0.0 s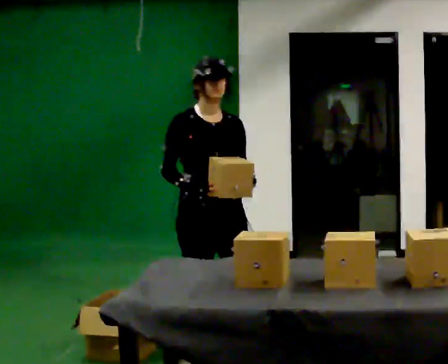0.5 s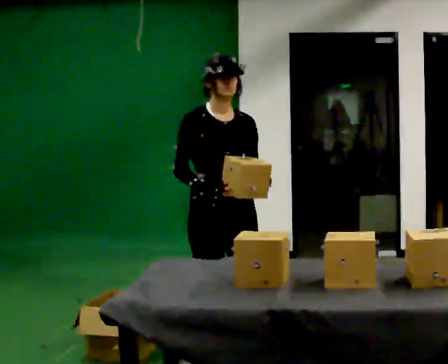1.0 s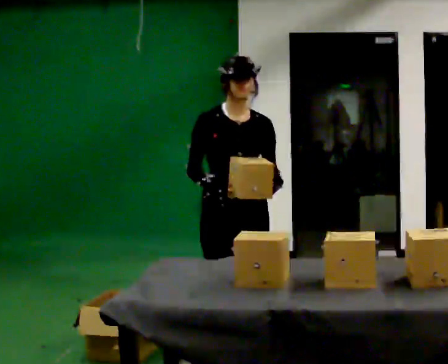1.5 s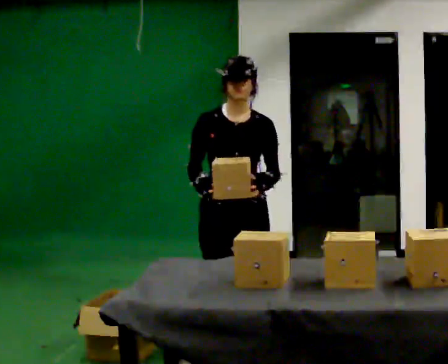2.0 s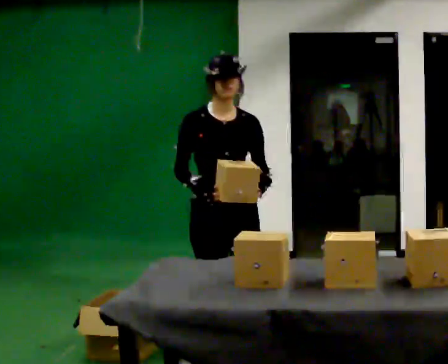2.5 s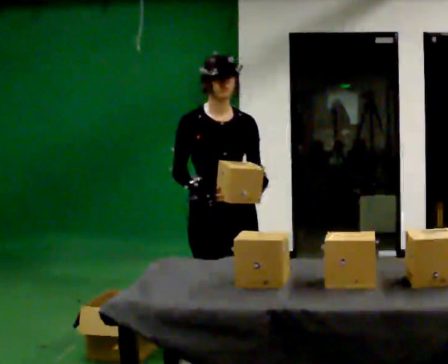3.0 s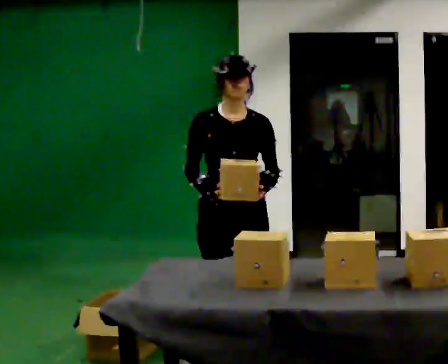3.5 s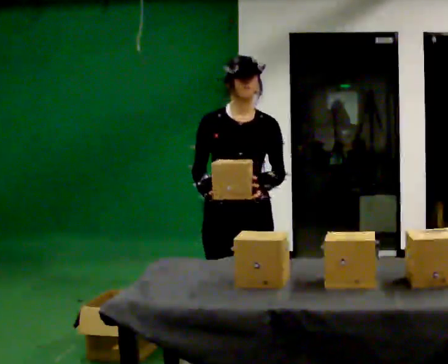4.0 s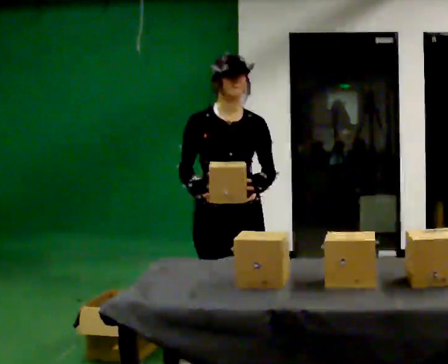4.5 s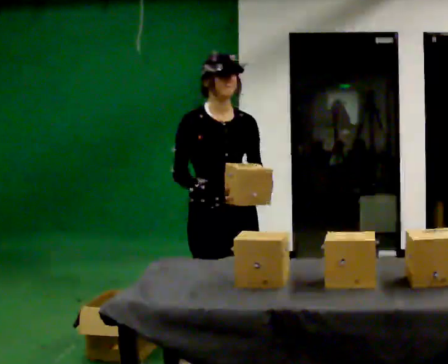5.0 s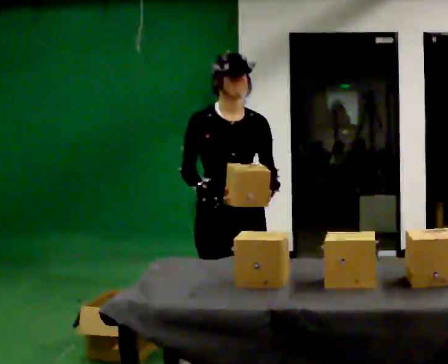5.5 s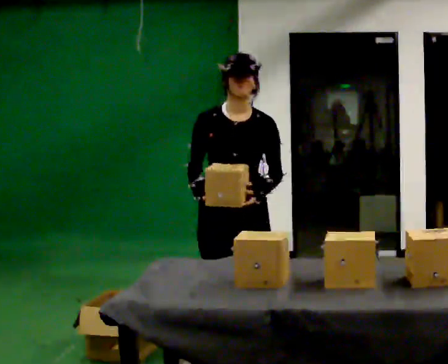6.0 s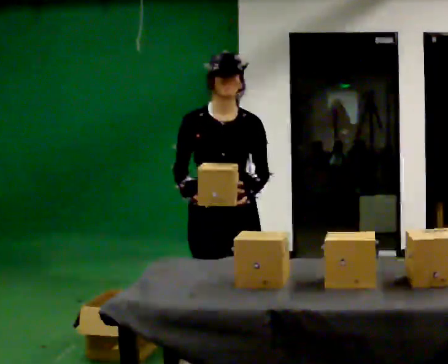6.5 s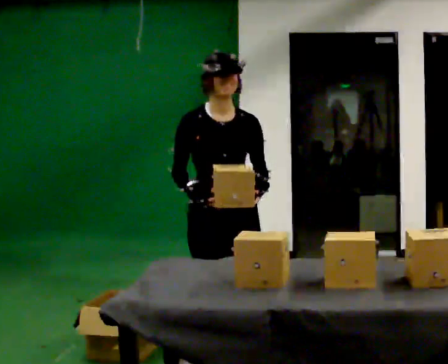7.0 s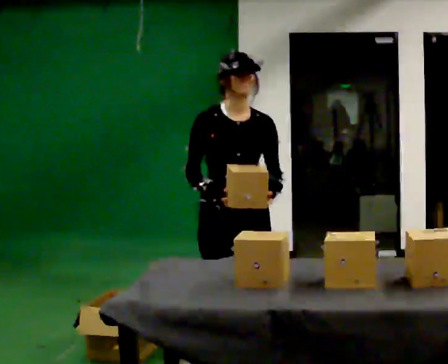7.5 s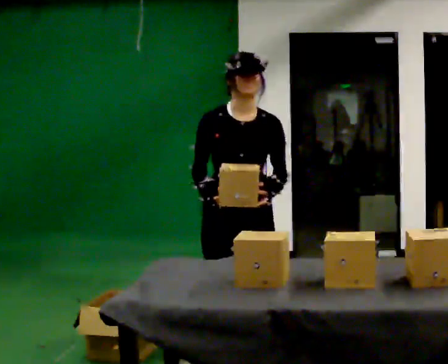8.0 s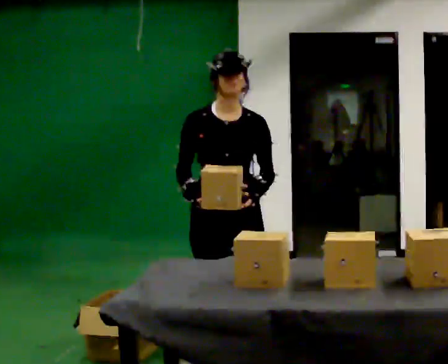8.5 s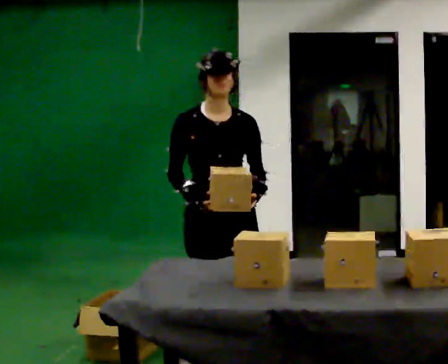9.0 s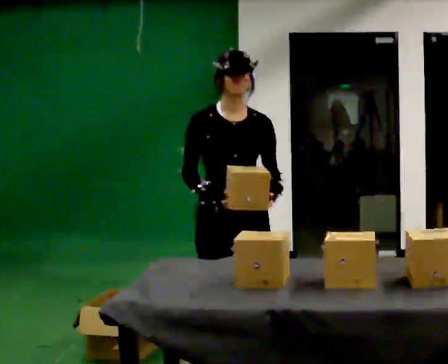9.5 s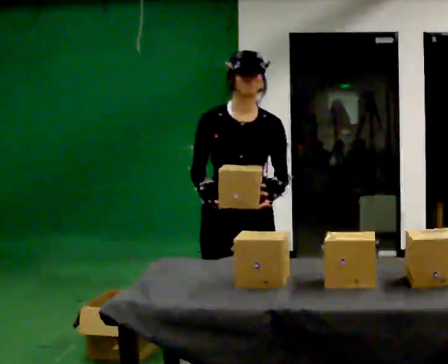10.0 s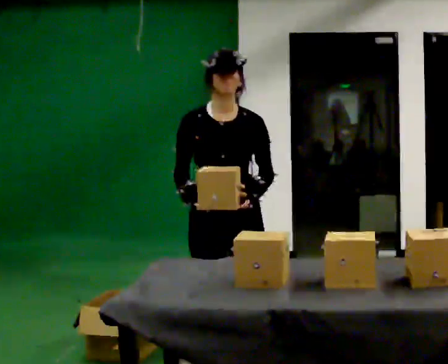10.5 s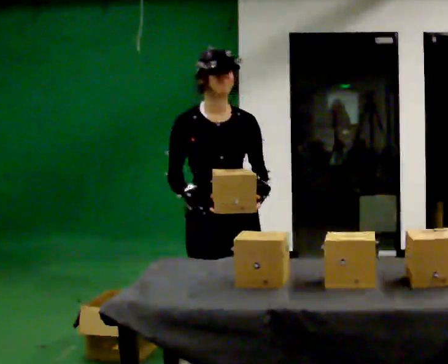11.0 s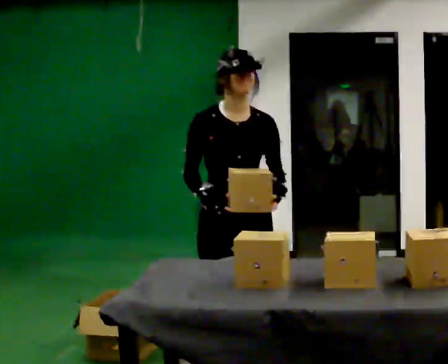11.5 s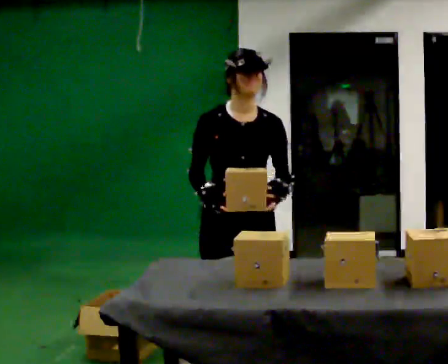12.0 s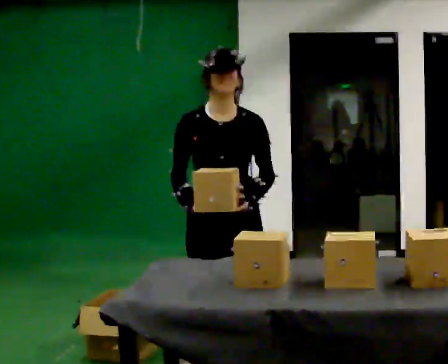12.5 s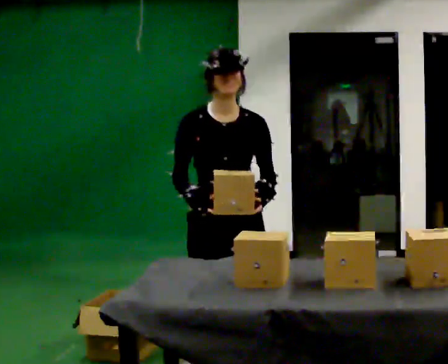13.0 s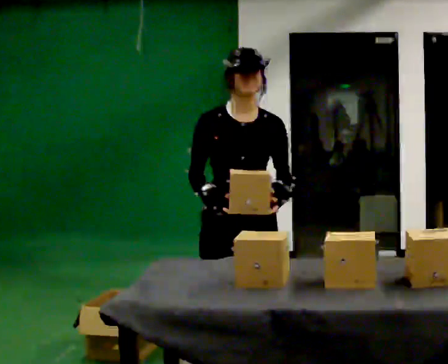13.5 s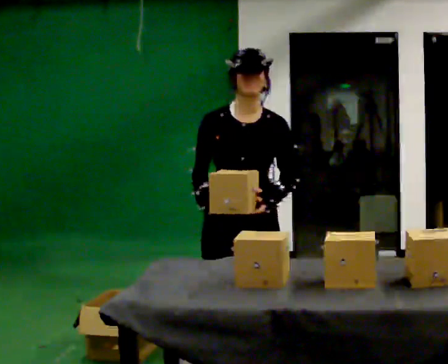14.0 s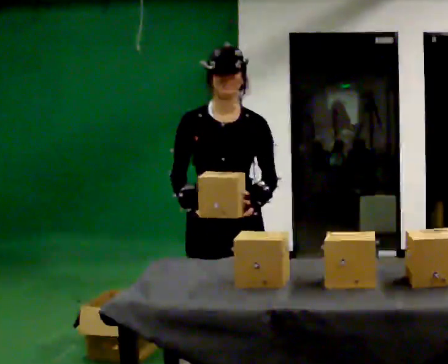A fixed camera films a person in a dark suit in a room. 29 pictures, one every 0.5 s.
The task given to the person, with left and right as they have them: Take objects out of the bin one at a time and lay them out on the table, stepping between the bin and the table each time. Keep going until the operator says stop; one object at a time, and do not rush between trips.
0.0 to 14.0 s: Seen from above the body turns clockwise, about 30 degrees: to their right, with its near side sliding to the left. In the picture they go toward the camera, about 0.5 m in 3 steps, which for them is forward.
The film runs forward here.
